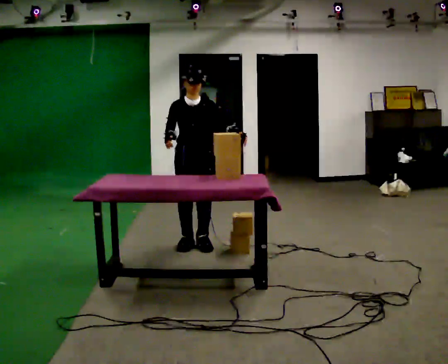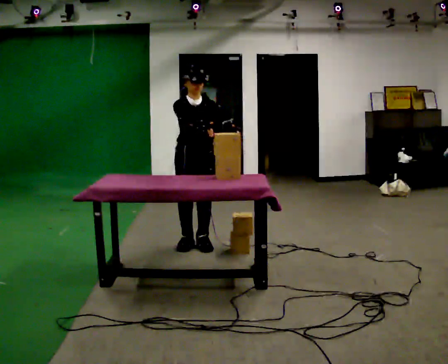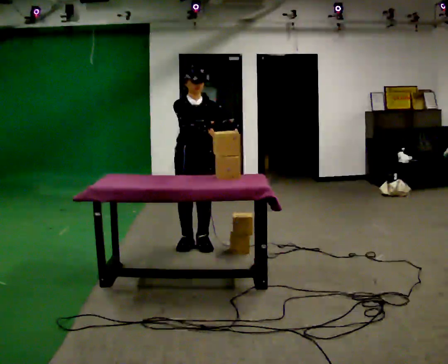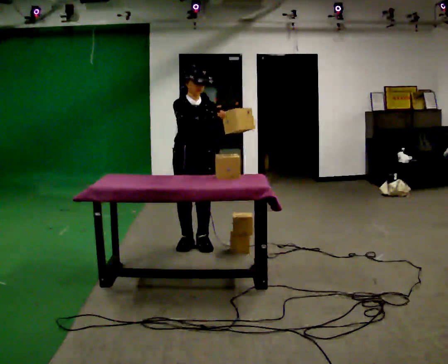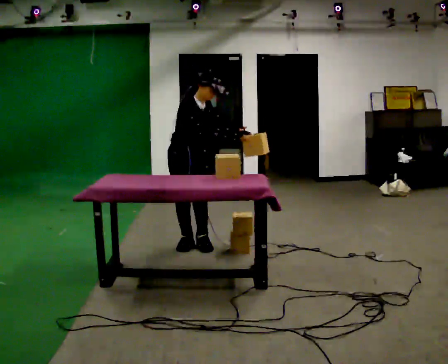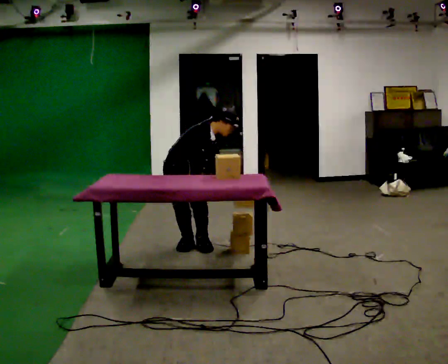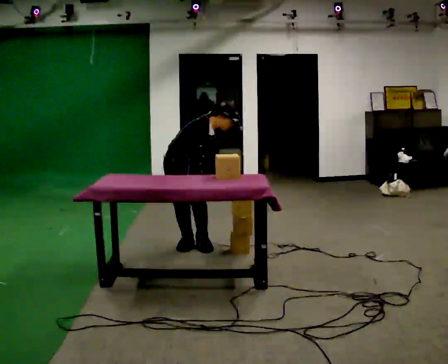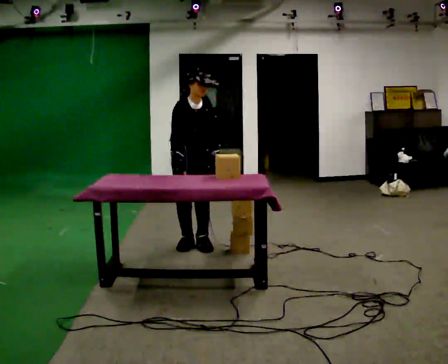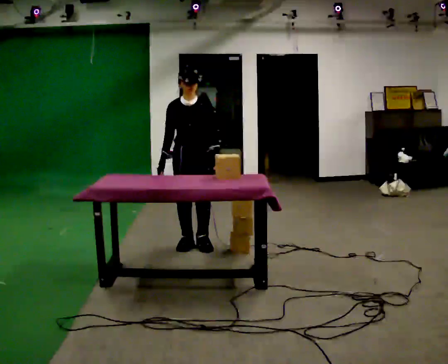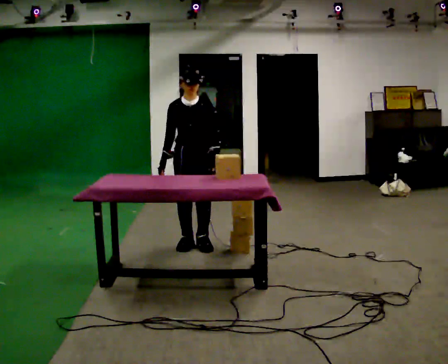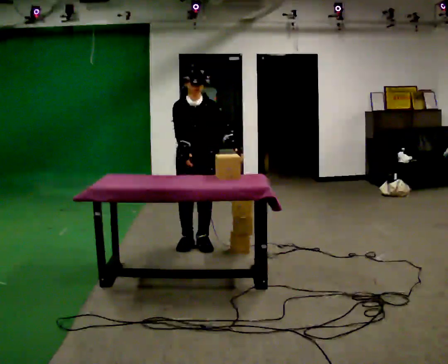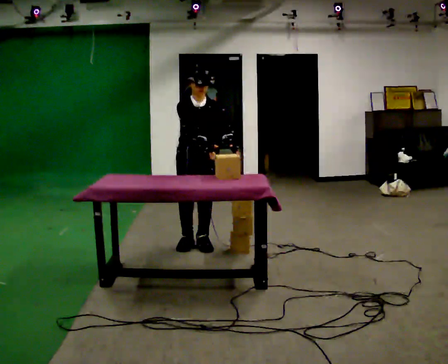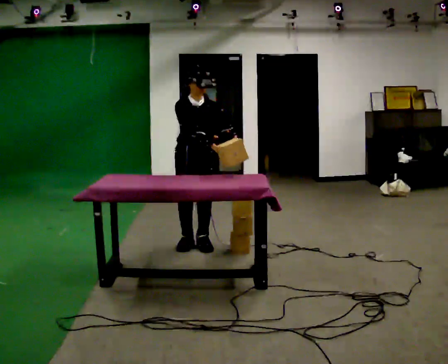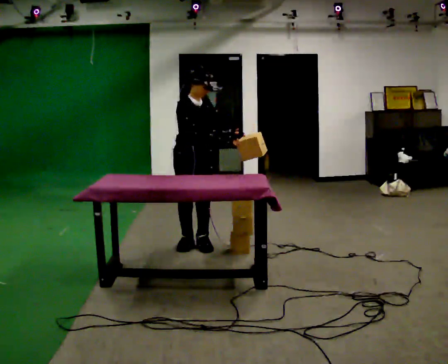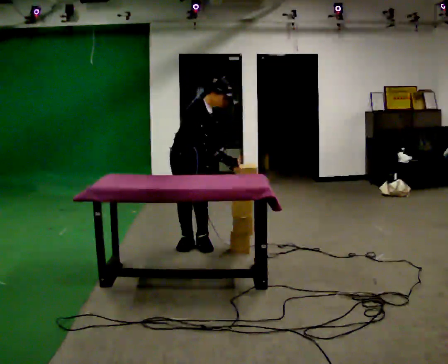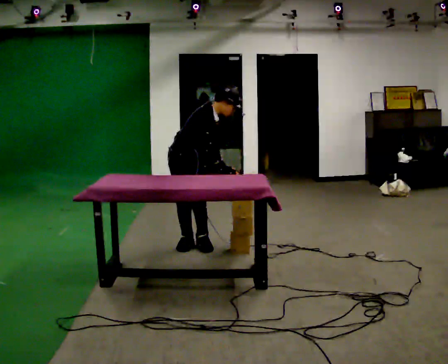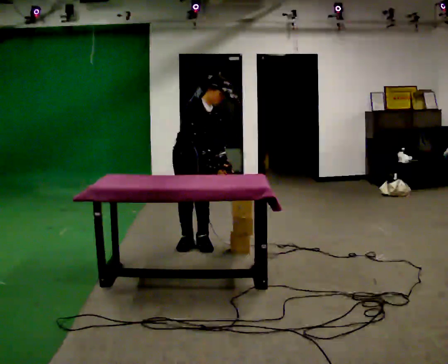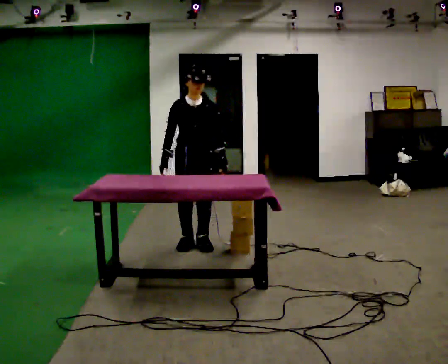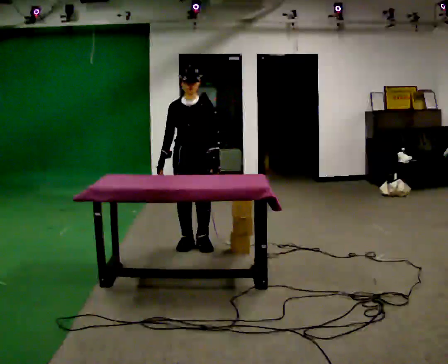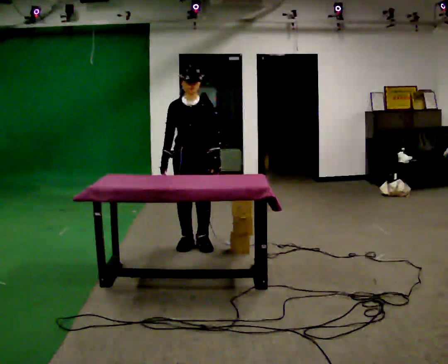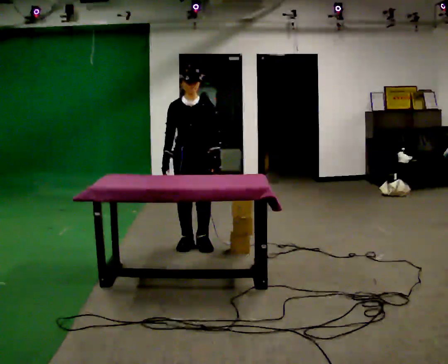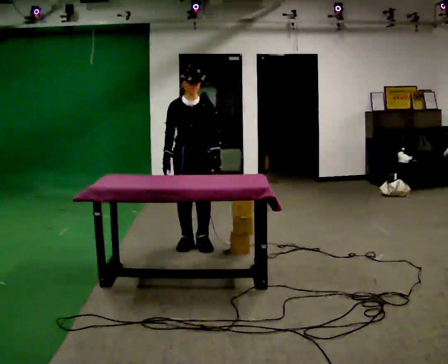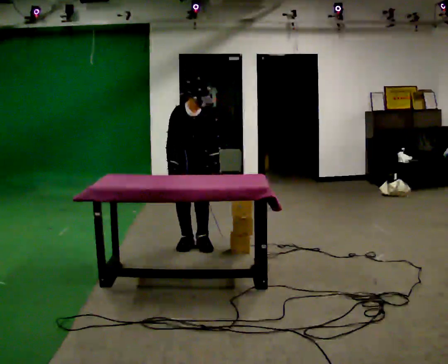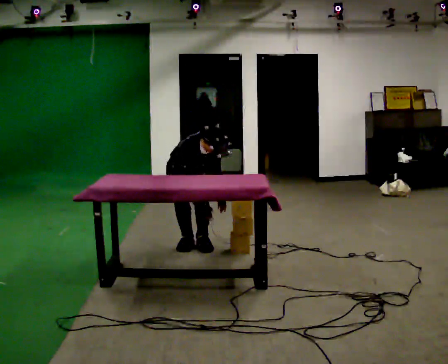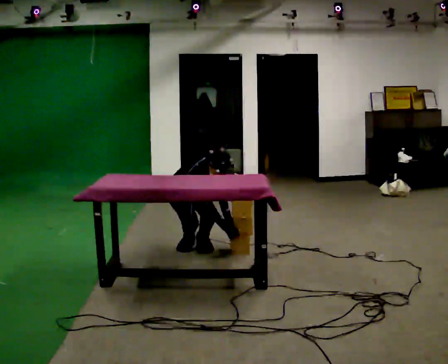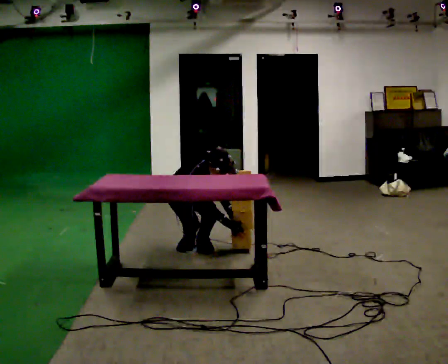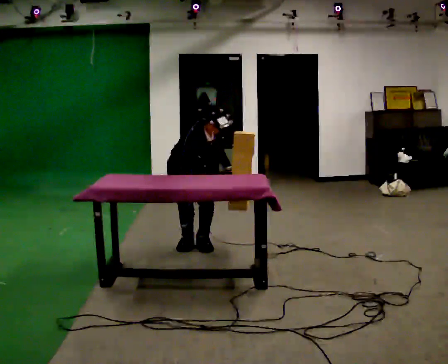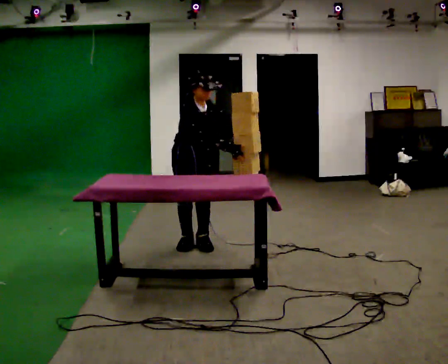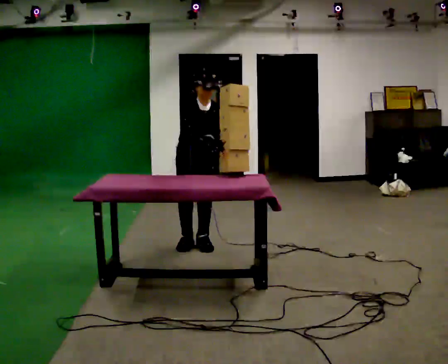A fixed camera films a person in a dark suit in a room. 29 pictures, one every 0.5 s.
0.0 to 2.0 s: The person turns about 30 degrees to their left, counterclockwise seen from above, so the part of the body nearest the lens slides to the right. In the picture the upper body tilts clockwise, shoulders to the right. In the picture their right hand goes to the right.
2.0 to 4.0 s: Seen from above the body turns clockwise, about 30 degrees: to their right, with its near side sliding to the left. In the picture their right hand goes to the left, the arm swinging clockwise.
4.0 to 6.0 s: In the picture their right hand goes to the right.
6.0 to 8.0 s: The part of the body nearest the lens slides to the right as the person turns to their left by about 30 degrees.
8.0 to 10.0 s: Seen from above the body turns clockwise, about 45 degrees: to their right, with its near side sliding to the left. In the picture the upper body tilts counterclockwise, shoulders to the left, as they lean back or straighten. In the picture their right hand goes to the left.
10.0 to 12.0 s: The person turns about 45 degrees to their left, counterclockwise seen from above, so the part of the body nearest the lens slides to the right. The shoulders move downward. In the picture the upper body tilts clockwise, shoulders to the right, as they bend forward. In the picture their right hand goes downward and to the right.
12.0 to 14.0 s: The person turns about 30 degrees to their right, clockwise seen from above, so the part of the body nearest the lens slides to the left. The upper body goes upward. In the picture the upper body tilts counterclockwise, shoulders to the left, as they lean back or straighten. In the picture their left hand goes upward.
The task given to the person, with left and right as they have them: Pick the fragile object up and set it back down as gently as you can. Repeat at your own pace until the operator says stop. Keep both feet on the marked spots for the whole take. If you have to step, stop and tell the operator.
The film runs forward here.
